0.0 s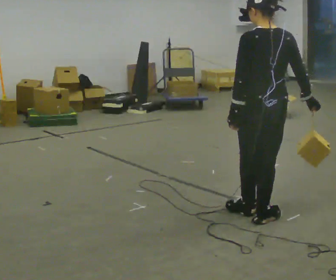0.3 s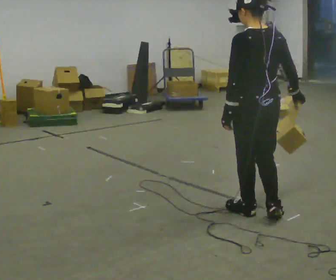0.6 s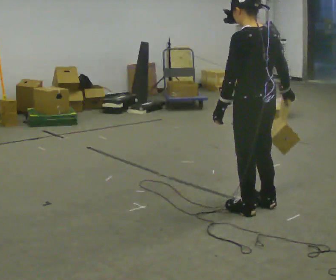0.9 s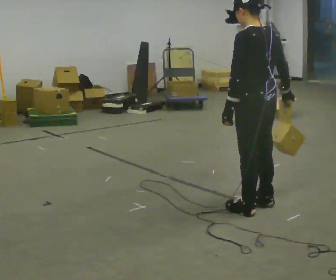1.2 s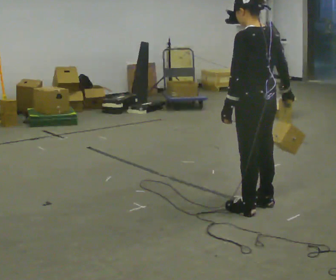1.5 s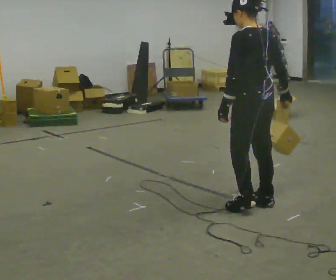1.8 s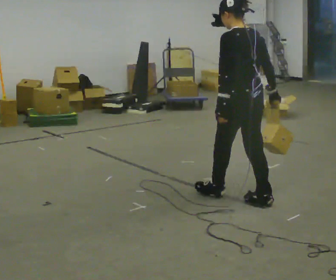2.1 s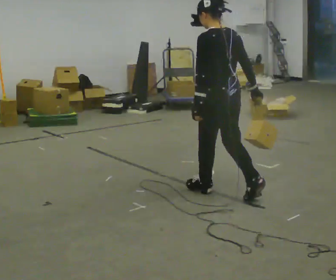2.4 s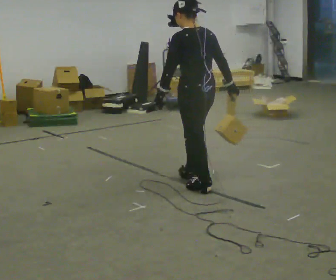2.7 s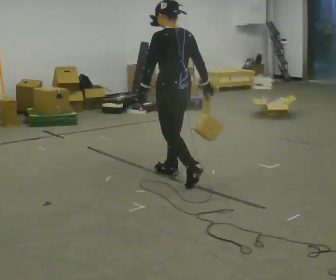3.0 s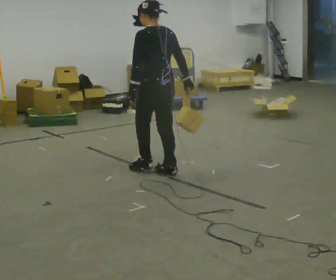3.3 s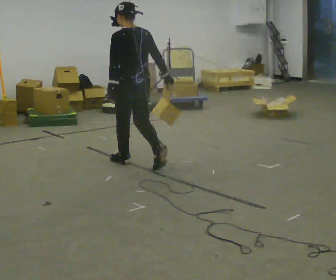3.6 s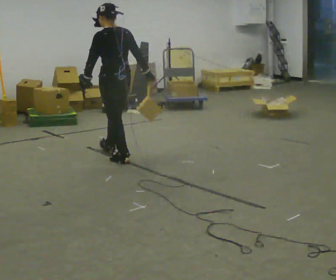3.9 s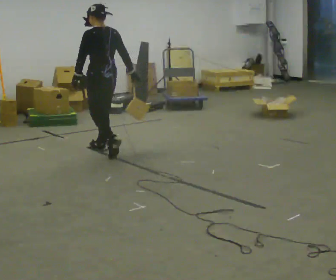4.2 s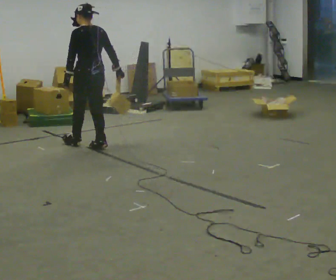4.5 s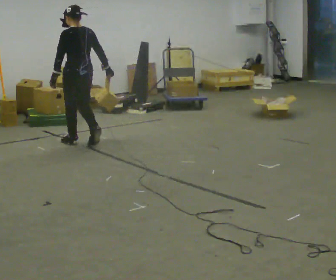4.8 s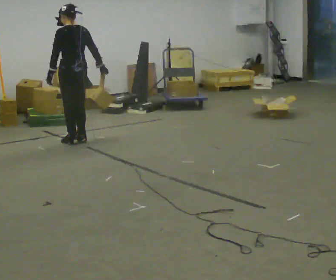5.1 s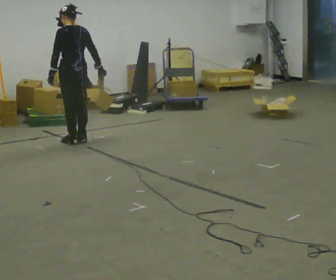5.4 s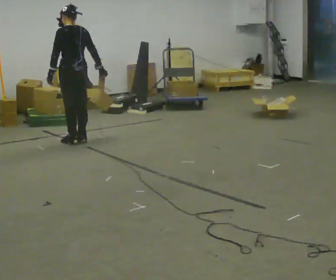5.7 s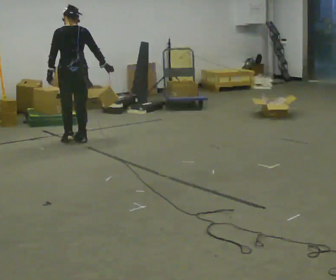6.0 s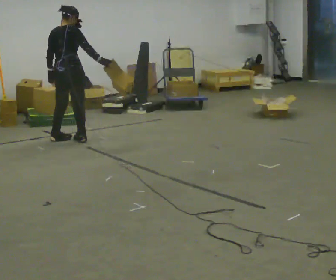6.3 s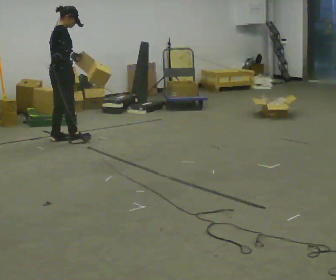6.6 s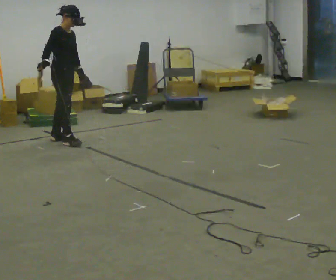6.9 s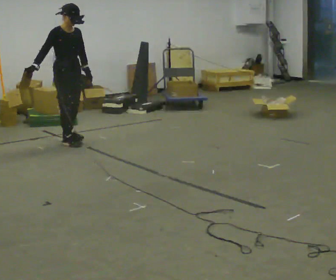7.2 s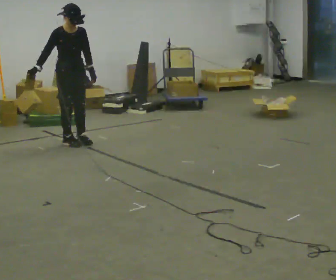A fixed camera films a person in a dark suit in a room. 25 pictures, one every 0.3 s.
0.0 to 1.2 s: The part of the body nearest the lens slides to the right as the person turns to their left by about 30 degrees. In the picture they go away from the camera, about 0.25 m in 1 step, which for them is forward and to their right.
1.2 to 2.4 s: In the picture they go away from the camera and to the left, about 0.75 m in 1 step, which for them is forward.
2.4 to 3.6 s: In the picture they go away from the camera and to the left, about 1 m in 2 steps, which for them is forward.
3.6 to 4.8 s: In the picture they go away from the camera and to the left, about 1 m in 3 steps, which for them is forward.
4.8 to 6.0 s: The part of the body nearest the lens slides to the left as the person turns to their right by about 60 degrees.
6.0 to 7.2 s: The person turns about 120 degrees to their right, clockwise seen from above, so the part of the body nearest the lens slides to the left. In the picture their right hand goes to the left.
The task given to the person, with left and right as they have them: Hold the object against your hip on the side the operator calls, and carry it back and forth across the room.
The film runs forward here.
